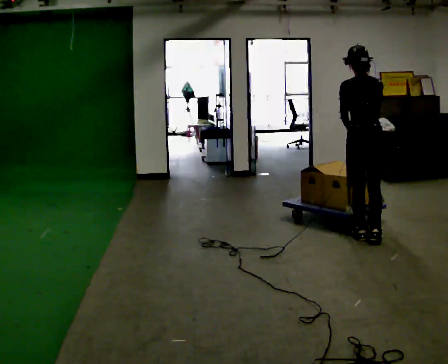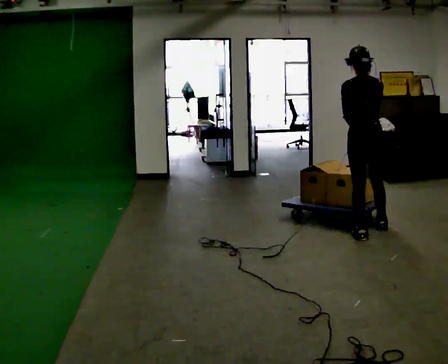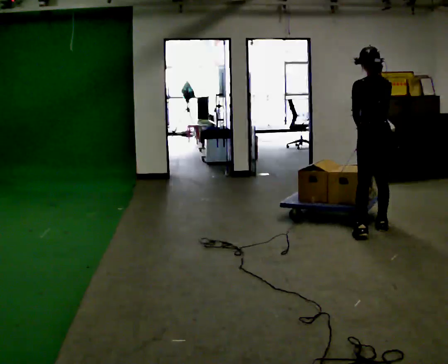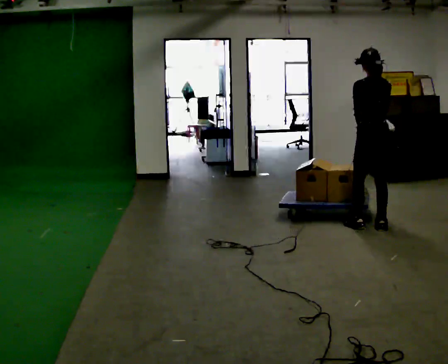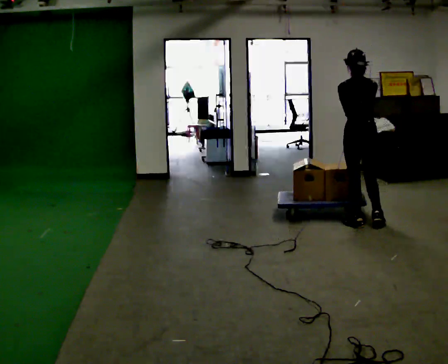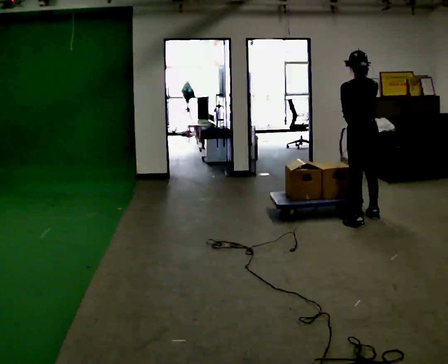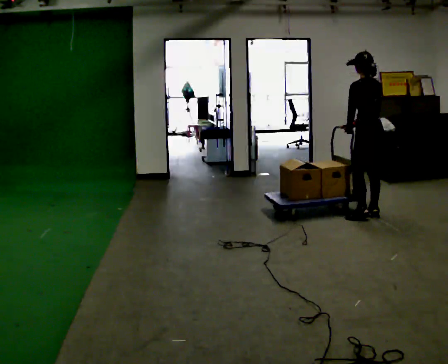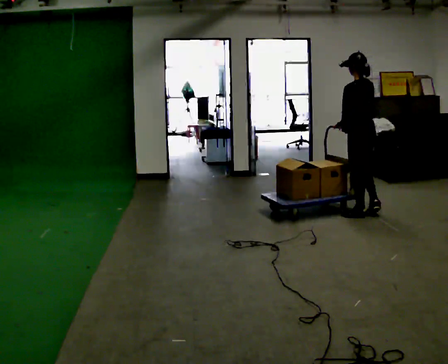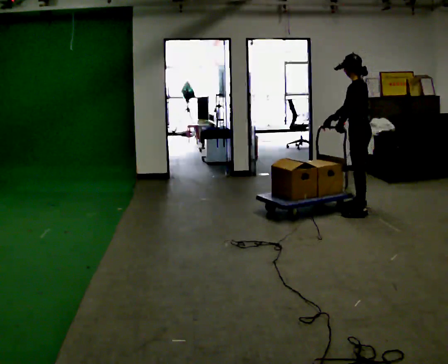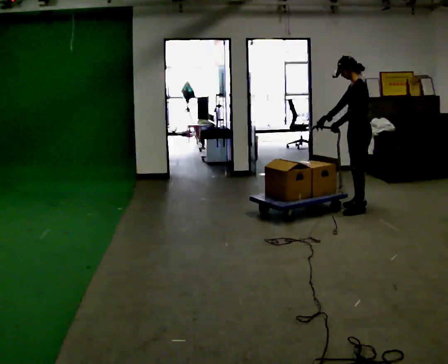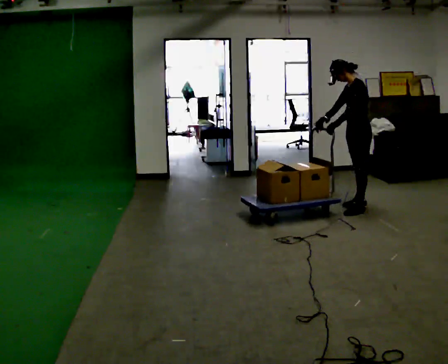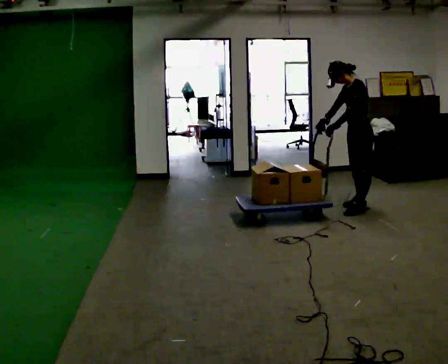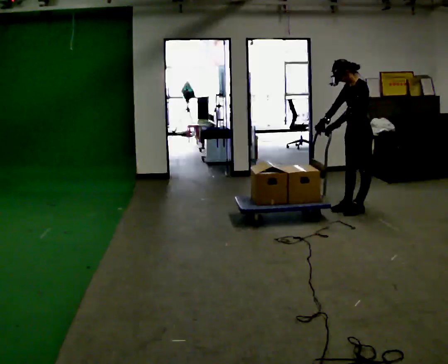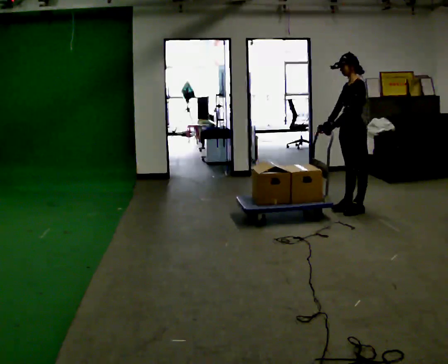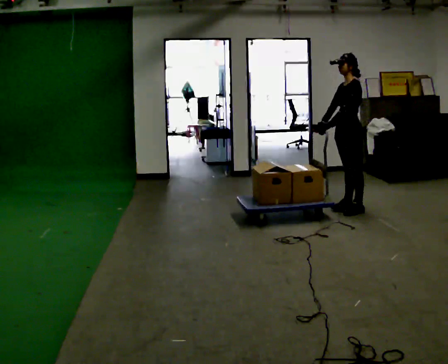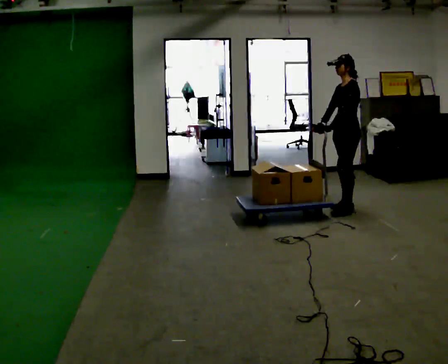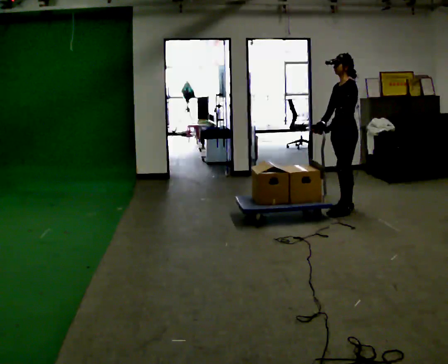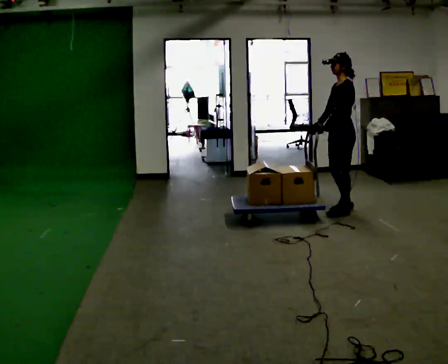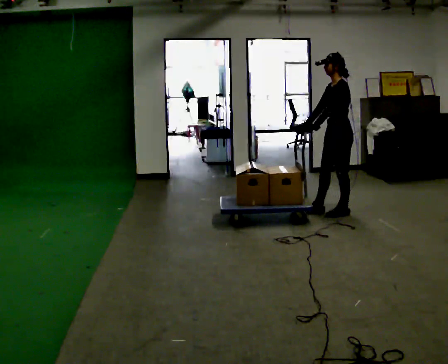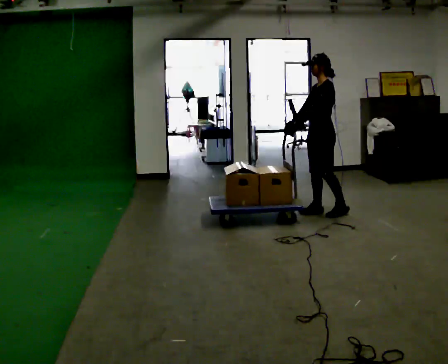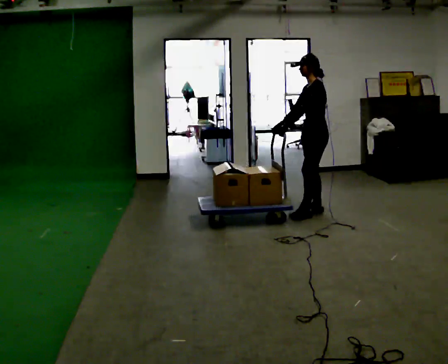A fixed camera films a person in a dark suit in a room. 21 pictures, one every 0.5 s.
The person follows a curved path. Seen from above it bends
counterclockwise.
0.0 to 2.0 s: In the picture they go away from the camera, about 0.5 m in 2 steps, which for them is forward.
2.0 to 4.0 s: The person turns about 75 degrees to their left, counterclockwise seen from above, so the part of the body nearest the lens slides to the right. In the picture they go away from the camera, about 0.5 m in 3 steps.
4.0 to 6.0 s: The person turns about 30 degrees to their left, counterclockwise seen from above, so the part of the body nearest the lens slides to the right.
6.0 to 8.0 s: The person moves a little, or ends about where they began.
8.0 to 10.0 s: In the picture they go to the left, about 0.25 m in 1 step, which for them is forward.
The film runs forward here.
